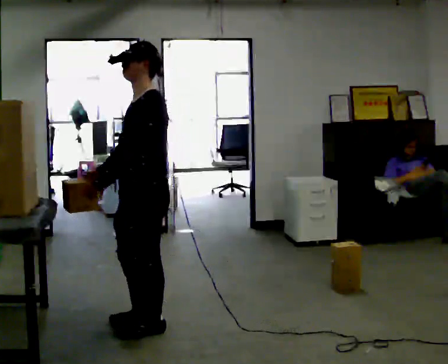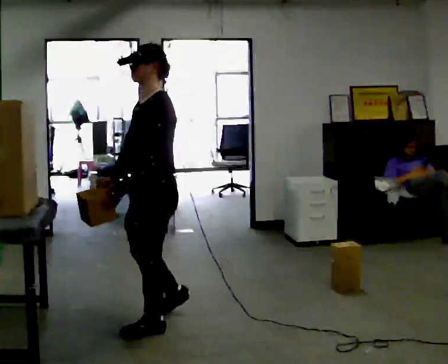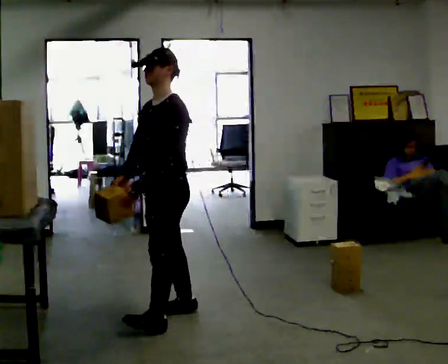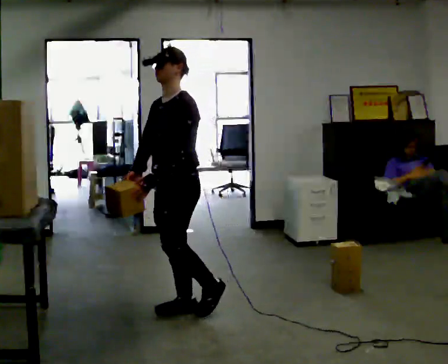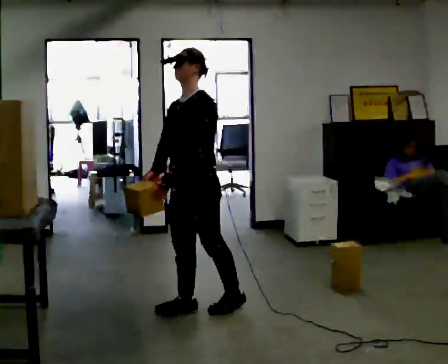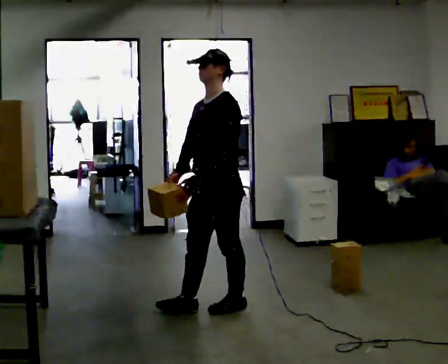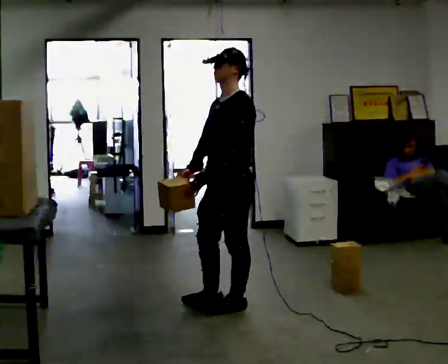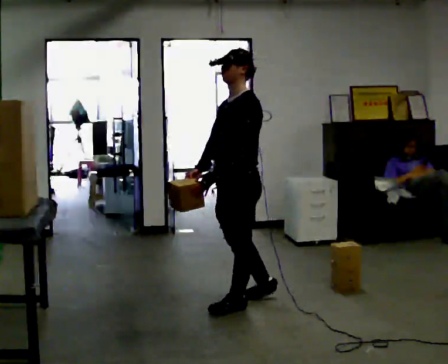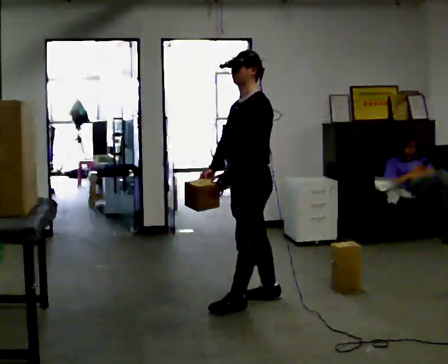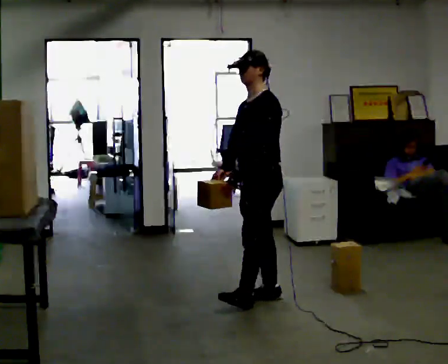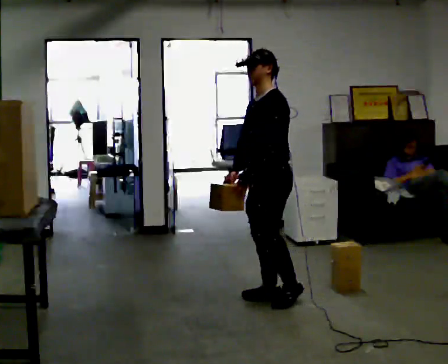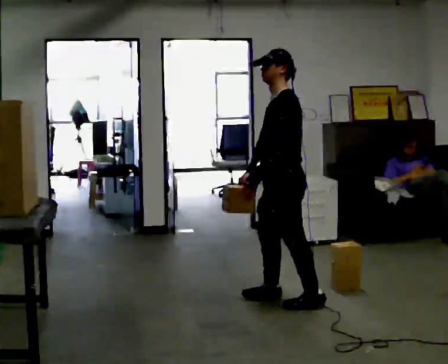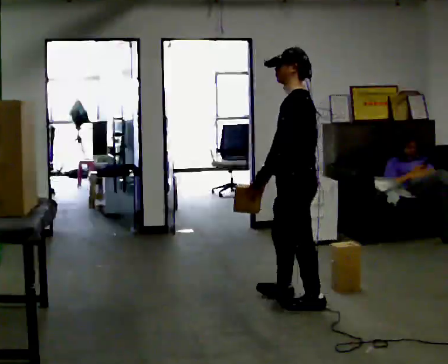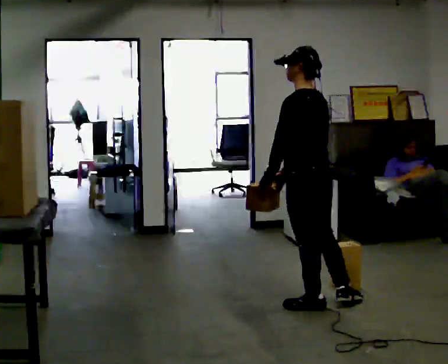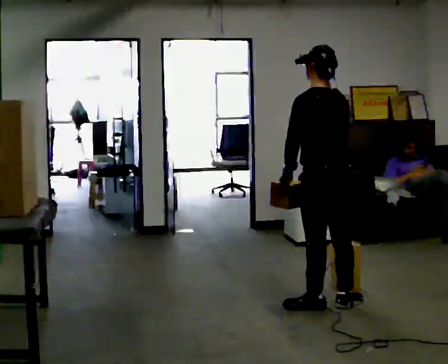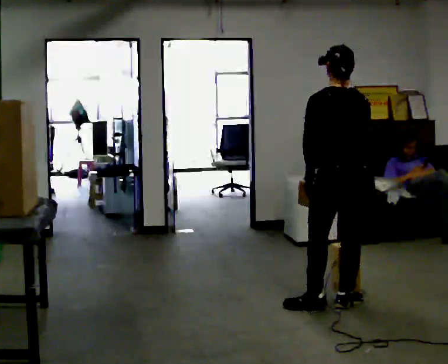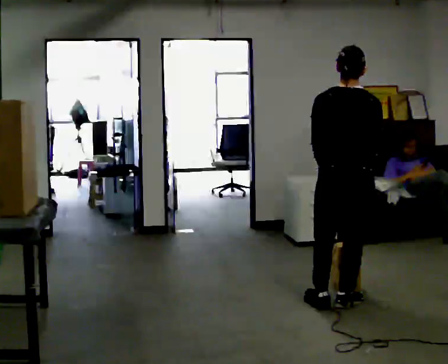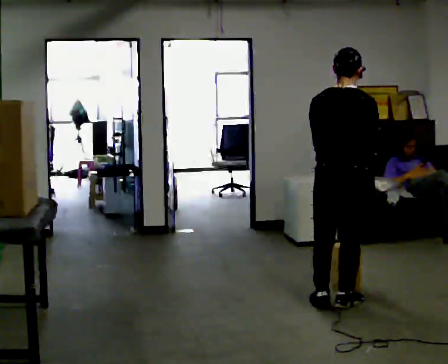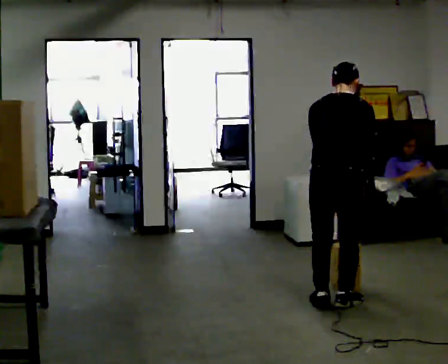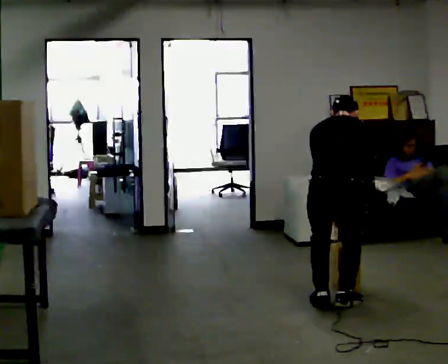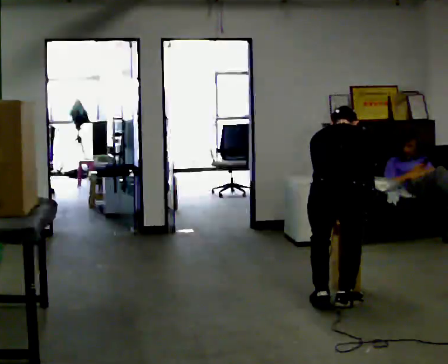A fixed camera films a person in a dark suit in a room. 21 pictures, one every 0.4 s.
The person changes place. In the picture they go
to the right.
The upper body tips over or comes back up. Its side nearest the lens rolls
upward.
0.0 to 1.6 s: In the picture they go away from the camera and to the right, about 0.5 m in 1 step, which for them is backward.
1.6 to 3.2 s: In the picture they go to the right and away from the camera, about 0.5 m in 1 step, which for them is backward.
3.2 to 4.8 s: Seen from above the body turns clockwise, about 30 degrees: to their right, with its near side sliding to the left. In the picture they go to the right and toward the camera, about 0.25 m in 2 steps, which for them is to their left and backward.
4.8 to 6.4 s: The part of the body nearest the lens slides to the left as the person turns to their right by about 75 degrees. In the picture they go to the right, about 0.25 m.
6.4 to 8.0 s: The upper body goes downward. The upper body tips away from the camera, its near side rolling upward, as they bend forward.
The film runs backward here.
